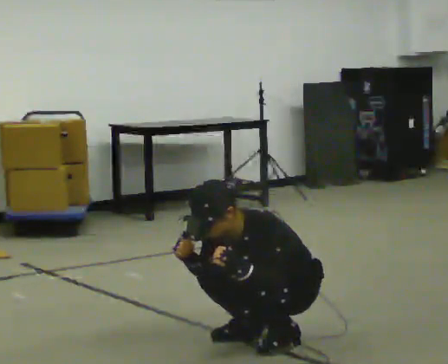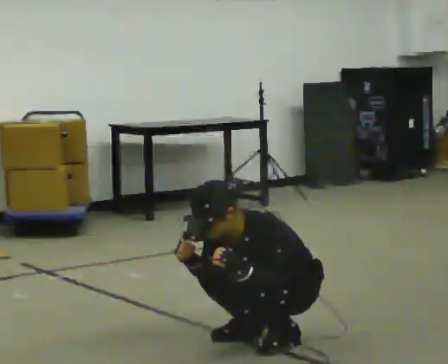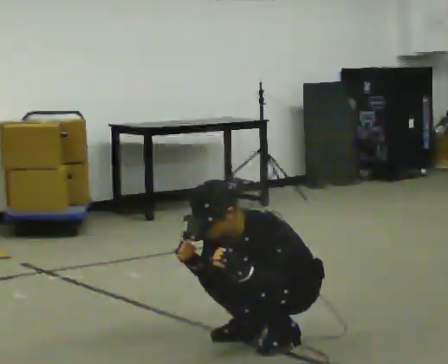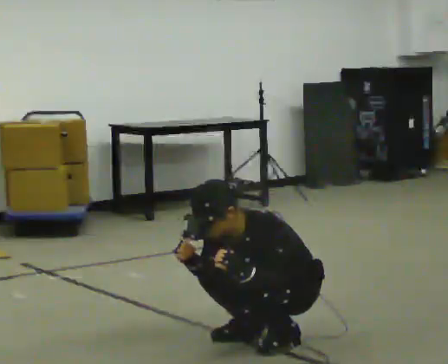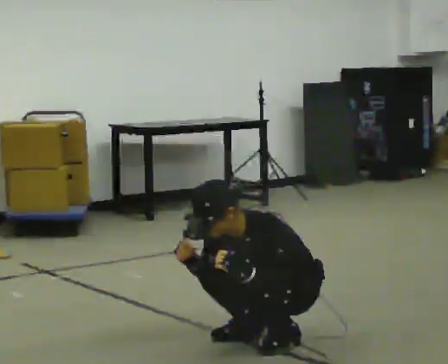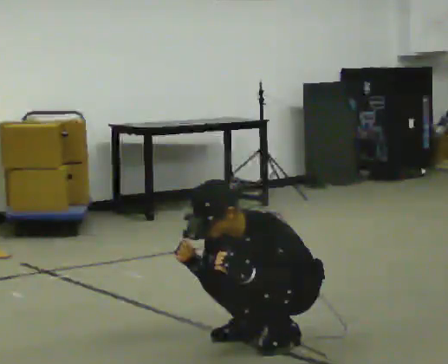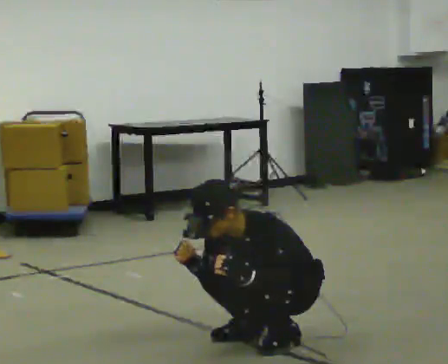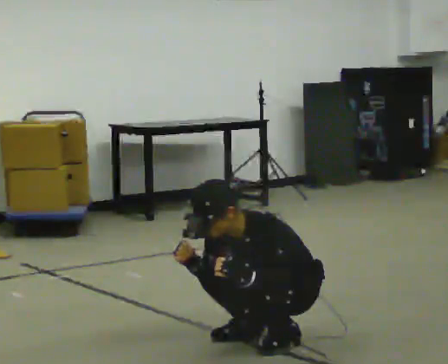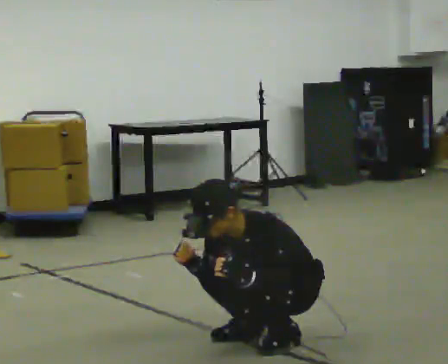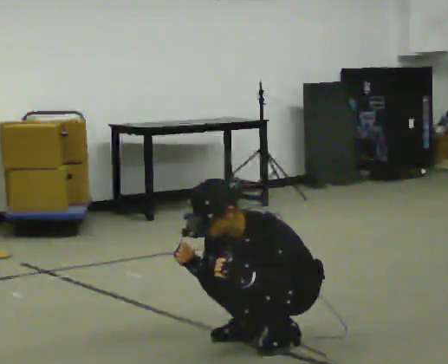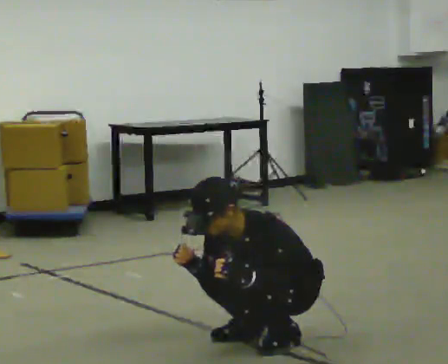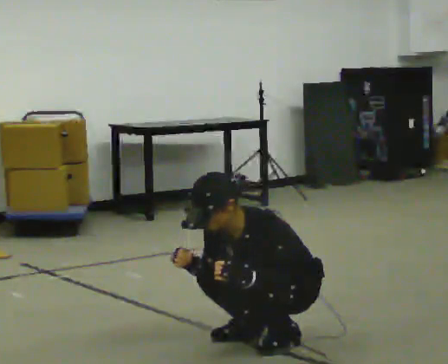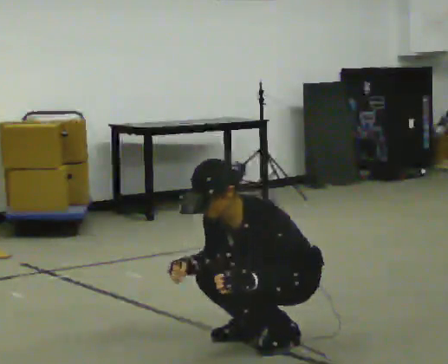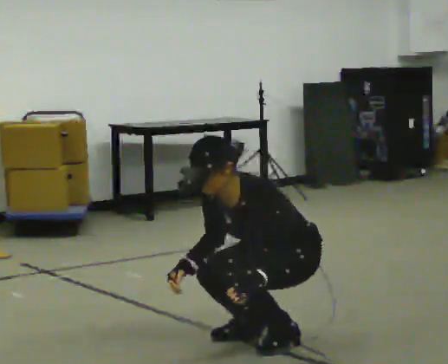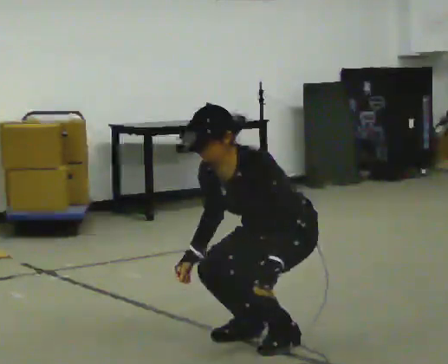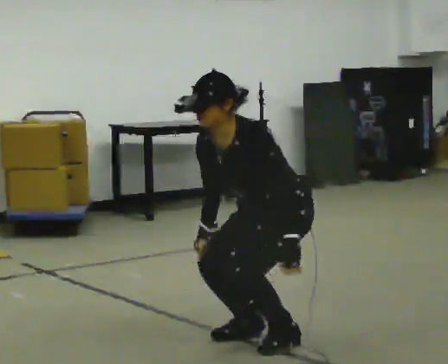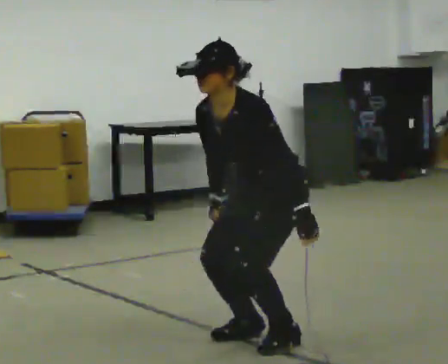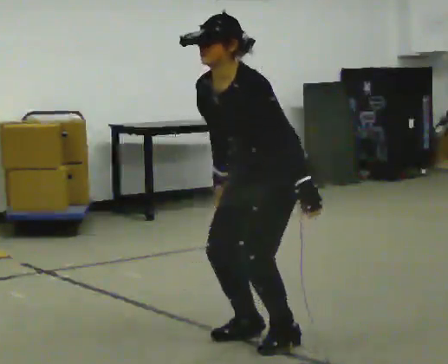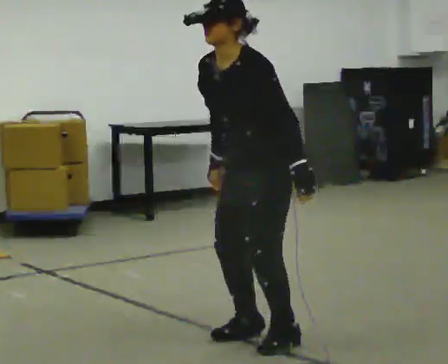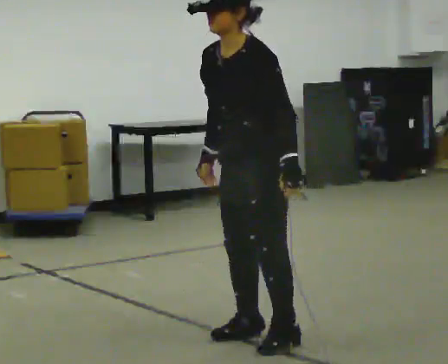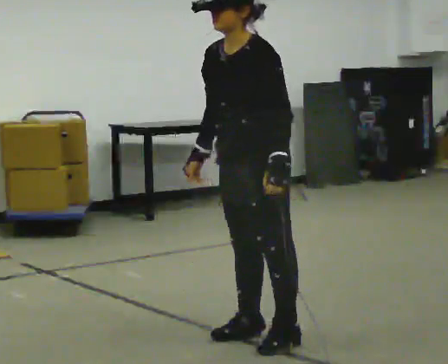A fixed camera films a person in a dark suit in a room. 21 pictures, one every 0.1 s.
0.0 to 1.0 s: The person moves a little, or ends about where they began.
1.0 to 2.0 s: In the picture they go to the left, about 0.25 m, which for them is forward. The upper body goes upward. In the picture the upper body tilts clockwise, shoulders to the right, as they lean back or straighten. In the picture their left hand goes upward.
The film runs forward here.
